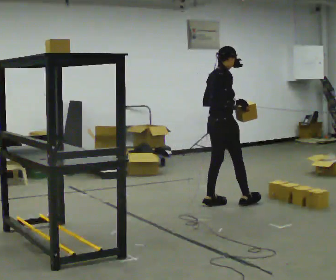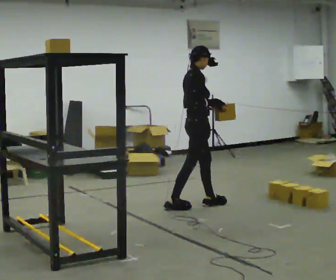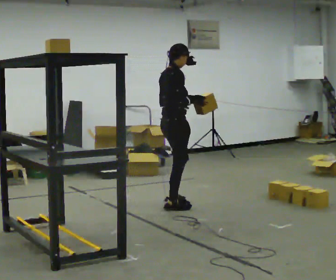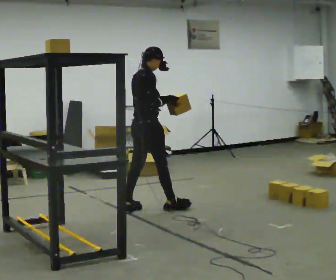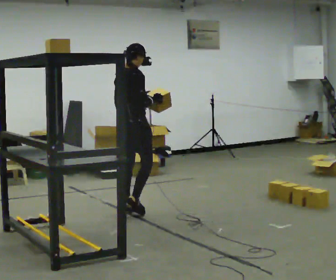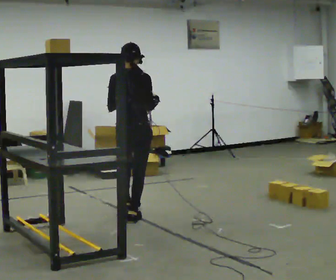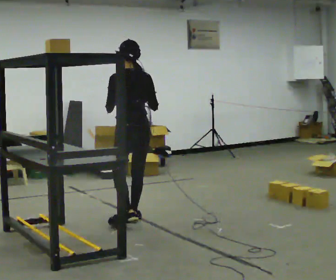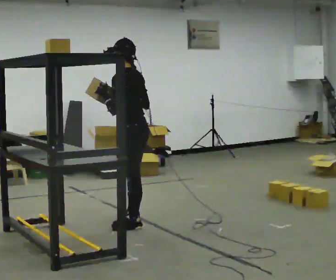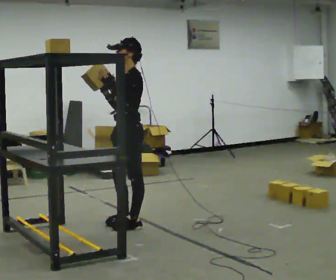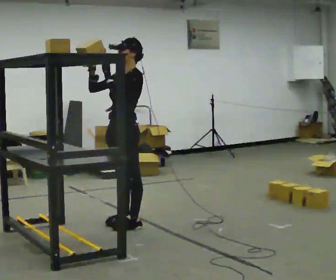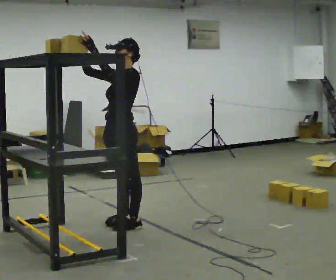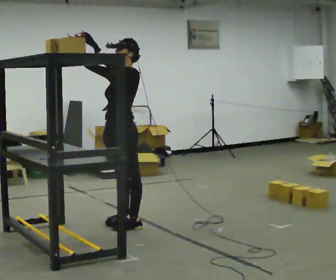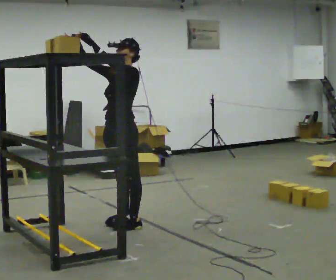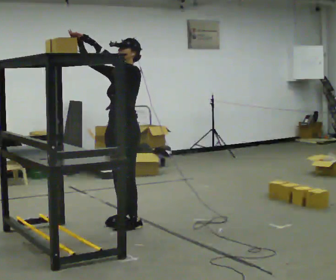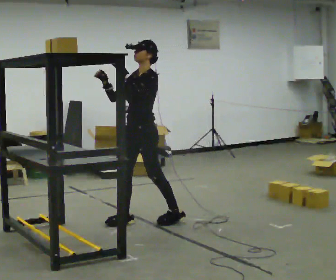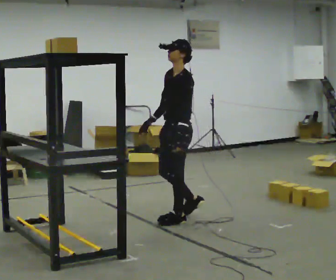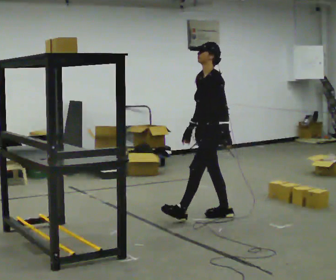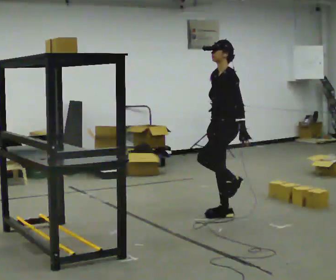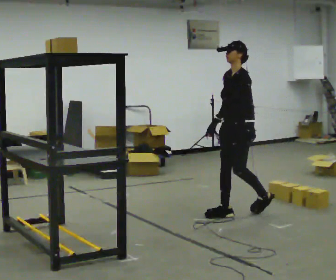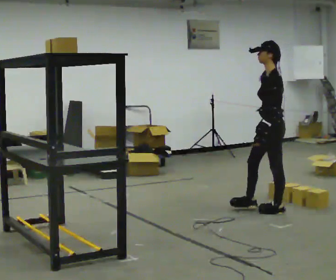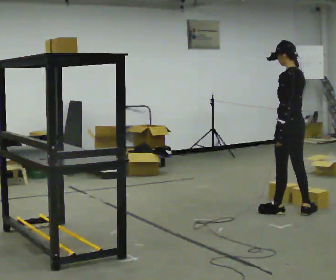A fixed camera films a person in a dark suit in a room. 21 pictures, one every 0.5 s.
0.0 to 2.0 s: In the picture they go to the left, about 1 m in 2 steps, which for them is backward.
2.0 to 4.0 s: Seen from above the body turns counterclockwise, about 150 degrees: to their left, with its near side sliding to the right. In the picture they go toward the camera, about 0.5 m in 1 step.
4.0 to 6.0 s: Seen from above the body turns counterclockwise, about 30 degrees: to their left, with its near side sliding to the right. In the picture their right hand goes upward.
6.0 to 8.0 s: In the picture they go to the right, about 1 m in 2 steps, which for them is backward. In the picture their right hand goes downward, the arm swinging counterclockwise.
8.0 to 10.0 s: Seen from above the body turns clockwise, about 75 degrees: to their right, with its near side sliding to the left. In the picture they go to the right, about 1 m in 2 steps.
The film runs backward here.
